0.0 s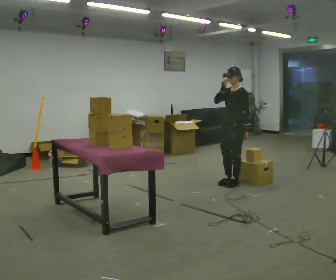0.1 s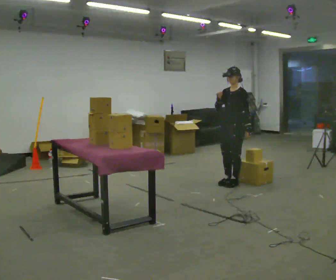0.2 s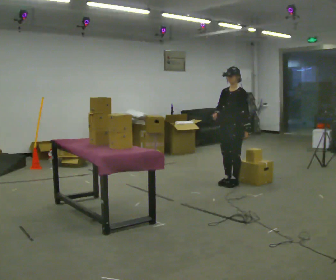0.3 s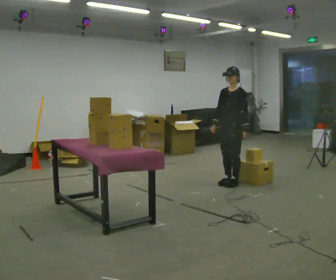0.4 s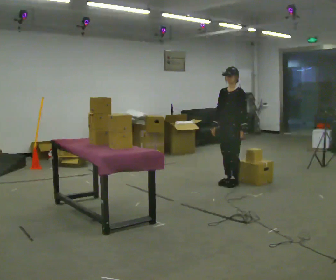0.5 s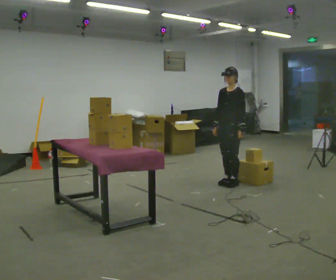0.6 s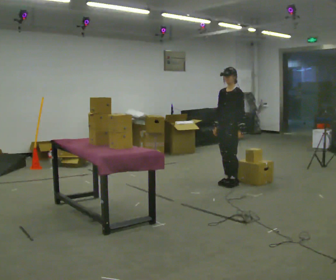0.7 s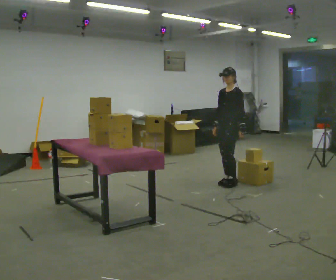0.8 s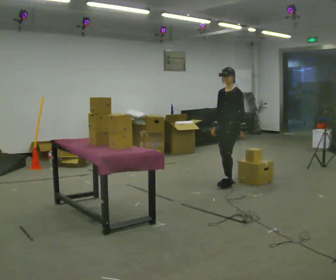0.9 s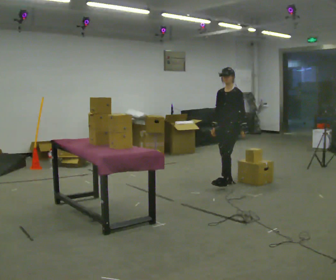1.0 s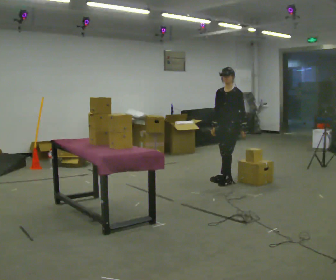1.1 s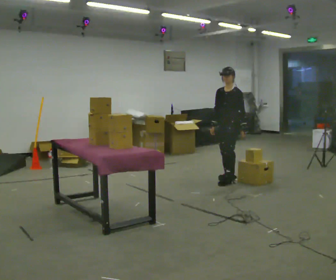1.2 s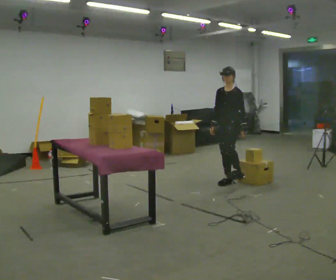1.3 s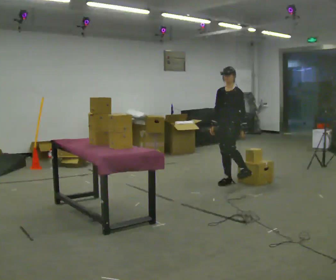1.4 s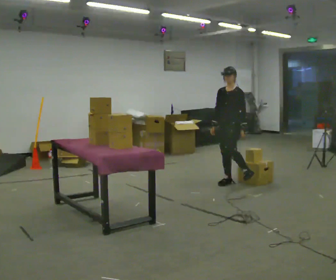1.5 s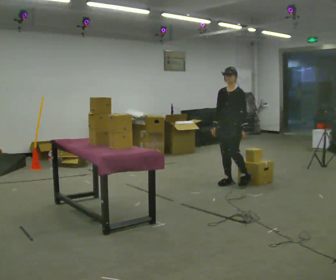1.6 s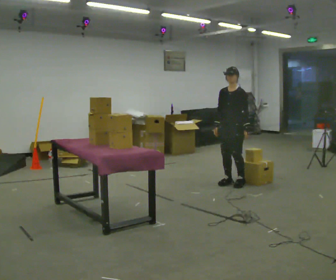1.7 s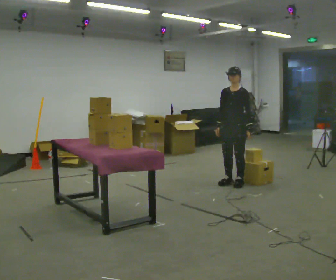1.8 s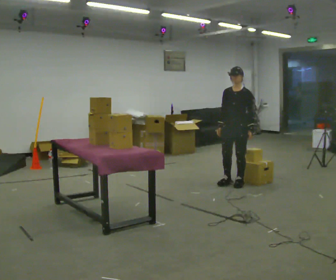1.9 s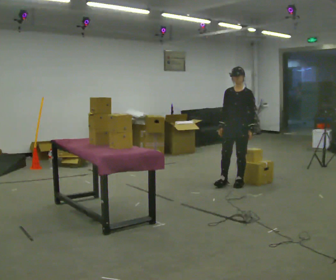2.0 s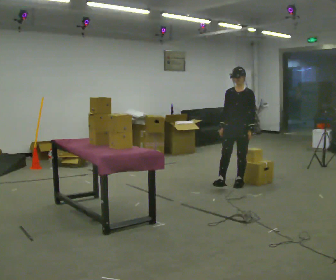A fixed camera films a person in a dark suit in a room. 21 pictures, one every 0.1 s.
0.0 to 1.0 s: In the picture their right hand goes downward.
1.0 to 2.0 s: Seen from above the body turns counterclockwise, about 30 degrees: to their left, with its near side sliding to the right.
The film runs backward here.
